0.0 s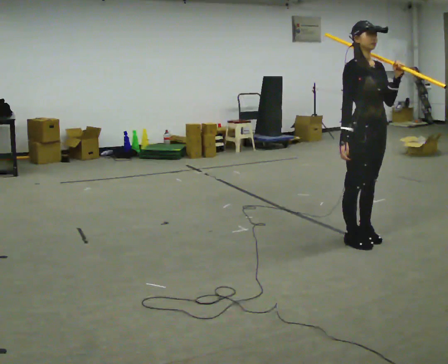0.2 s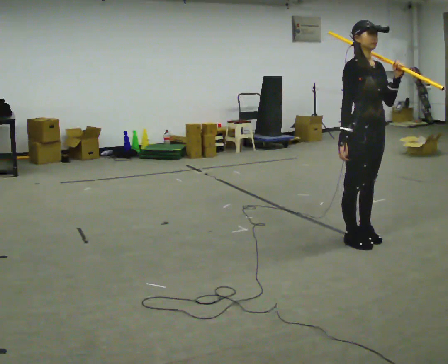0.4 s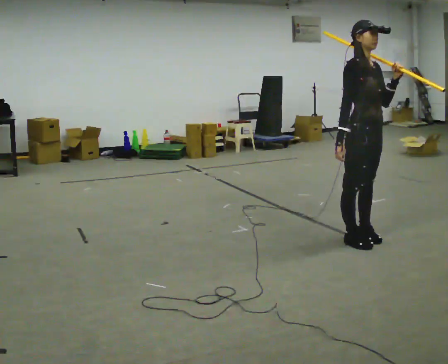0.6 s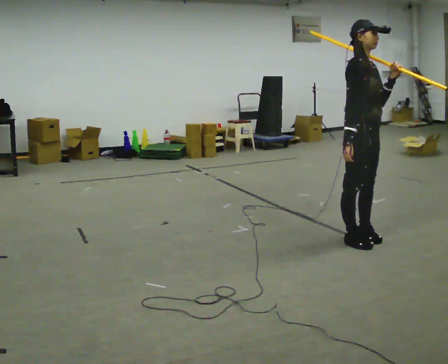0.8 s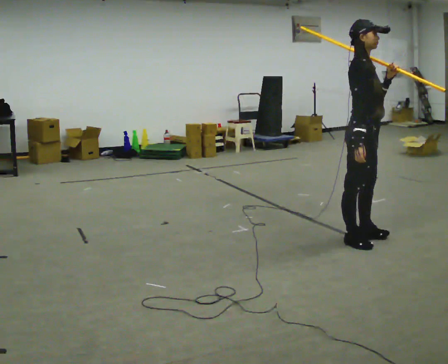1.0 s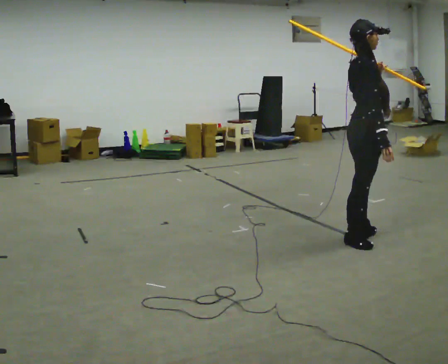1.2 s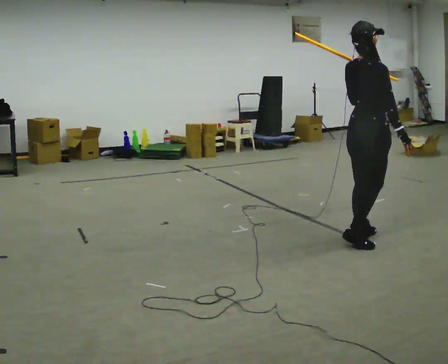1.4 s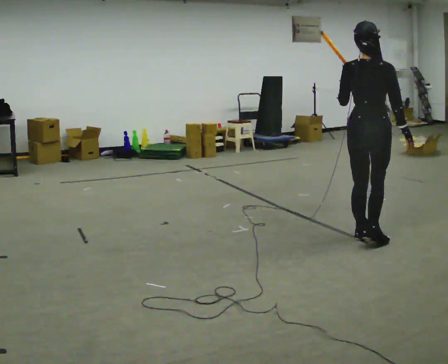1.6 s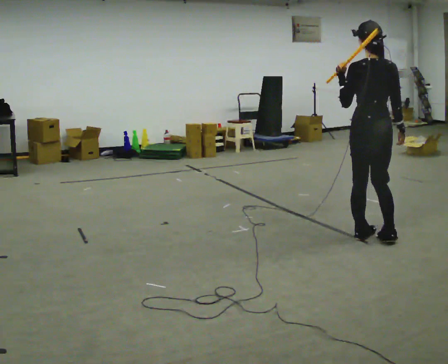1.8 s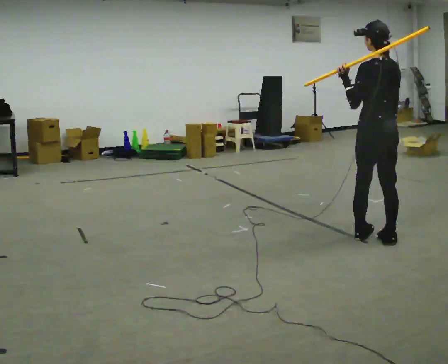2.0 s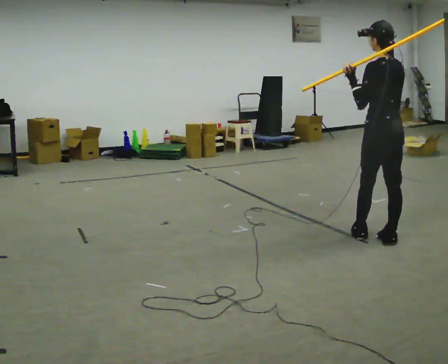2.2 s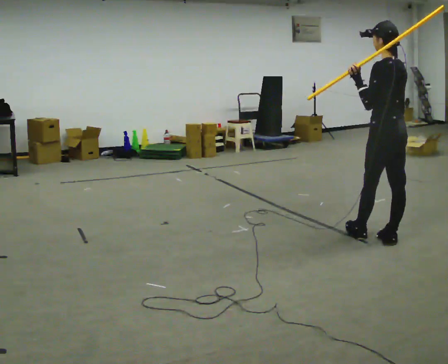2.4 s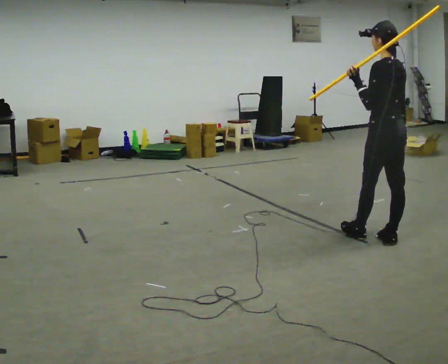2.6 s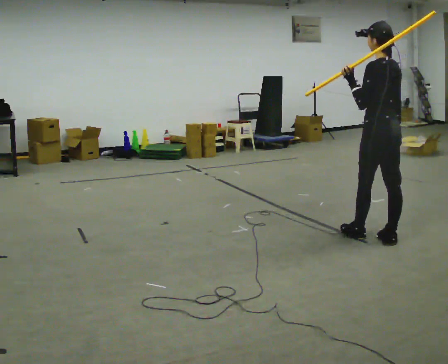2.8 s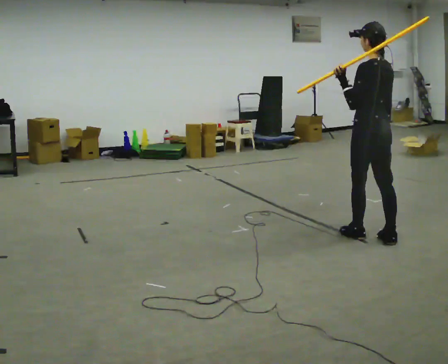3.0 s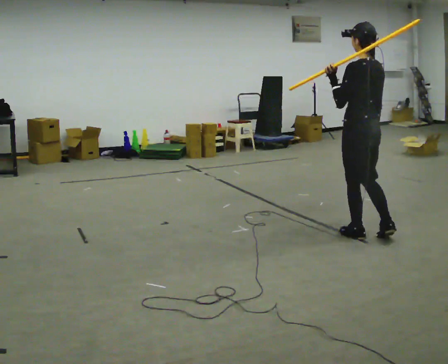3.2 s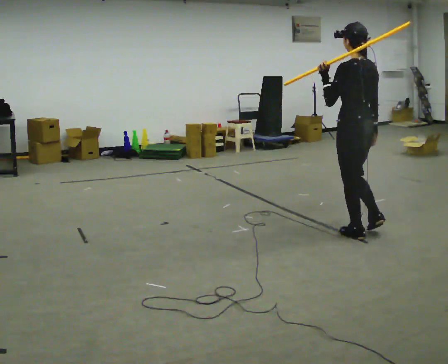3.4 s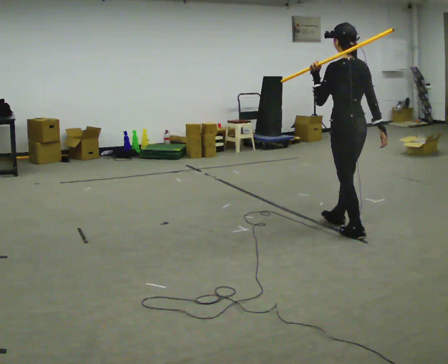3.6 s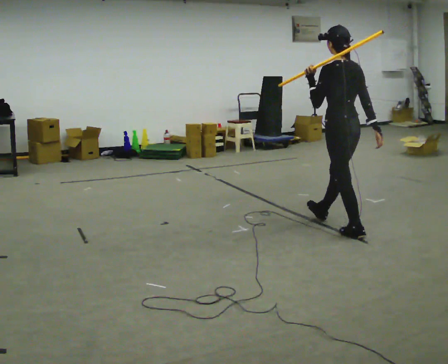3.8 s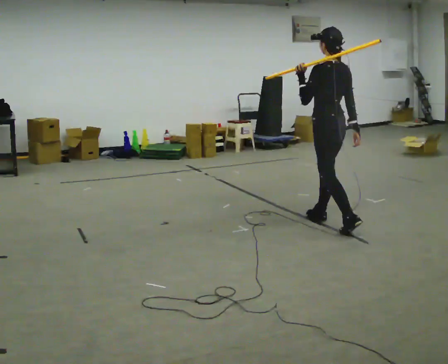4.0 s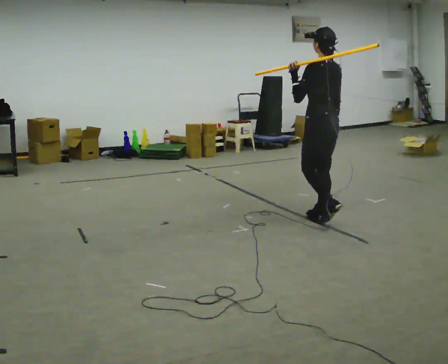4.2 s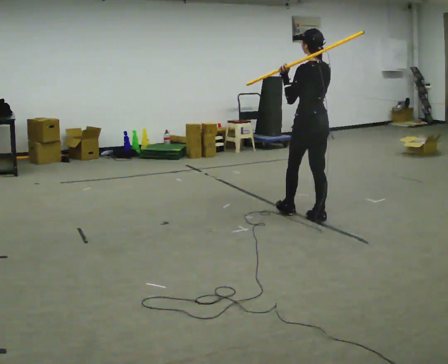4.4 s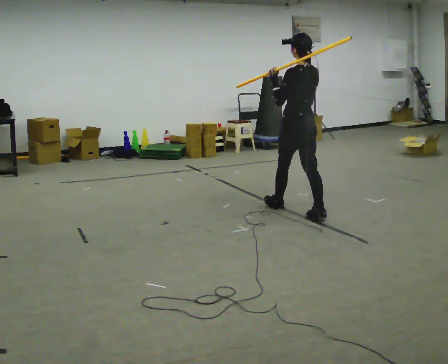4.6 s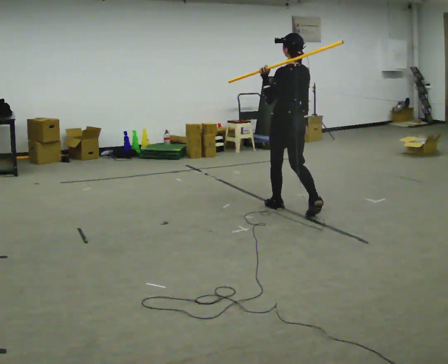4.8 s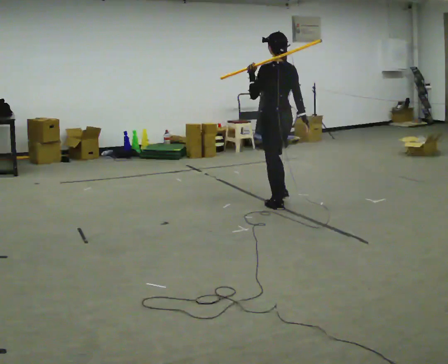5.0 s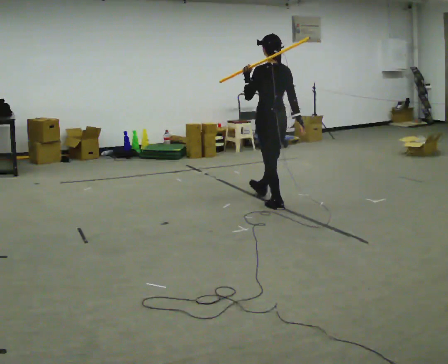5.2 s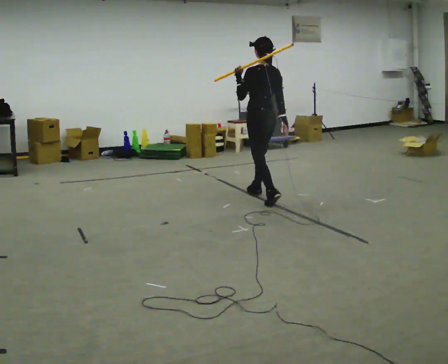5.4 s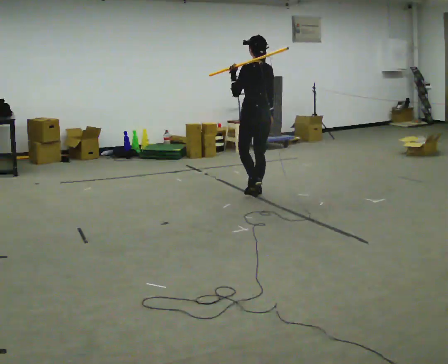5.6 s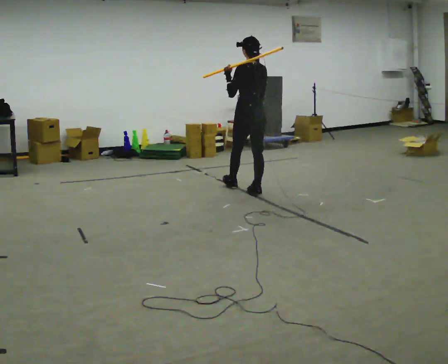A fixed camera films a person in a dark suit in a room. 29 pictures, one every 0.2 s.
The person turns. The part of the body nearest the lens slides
to the right.
The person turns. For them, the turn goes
to their left.
0.0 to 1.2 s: The part of the body nearest the lens slides to the right as the person turns to their left by about 105 degrees. In the picture their right hand goes to the right.
1.2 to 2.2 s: The part of the body nearest the lens slides to the right as the person turns to their left by about 75 degrees. In the picture they go to the right, about 0.25 m in 1 step.
2.2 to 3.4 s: In the picture they go to the left and away from the camera, about 0.5 m, which for them is forward.
3.4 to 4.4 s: In the picture they go away from the camera and to the left, about 0.5 m in 2 steps, which for them is forward.
4.4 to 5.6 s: In the picture they go away from the camera and to the left, about 1 m in 1 step, which for them is forward.
The film runs forward here.
